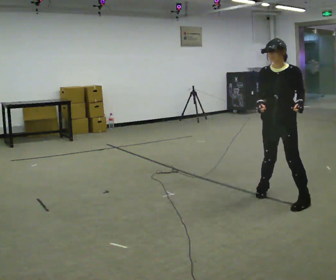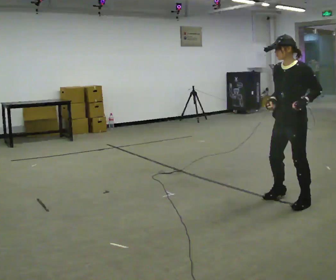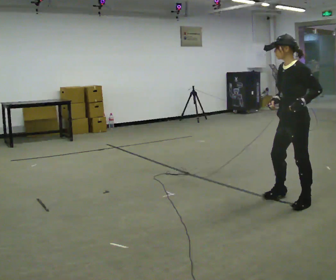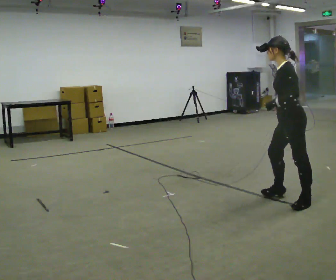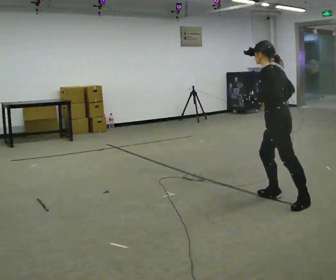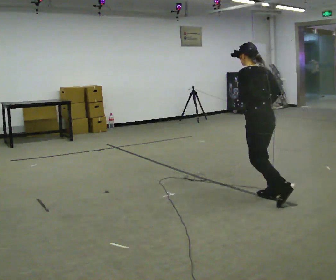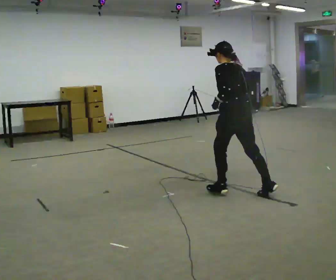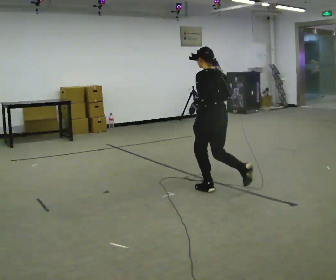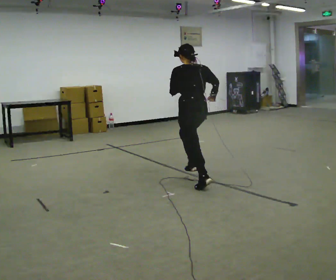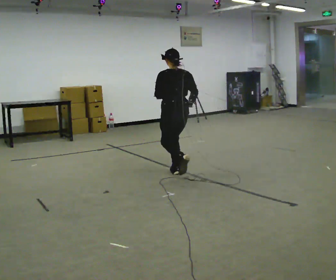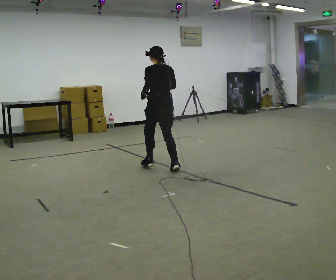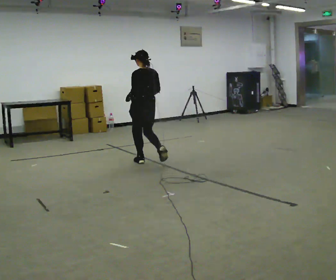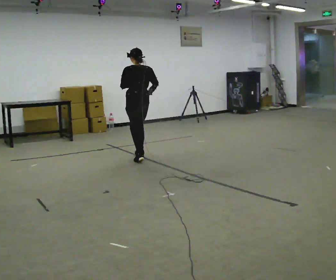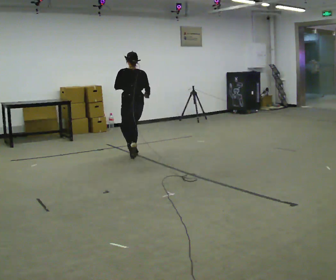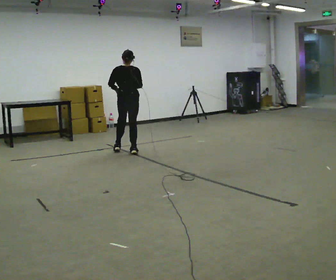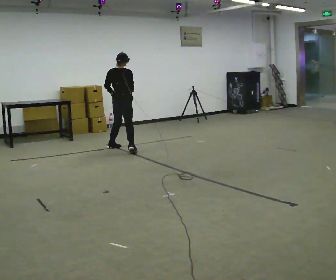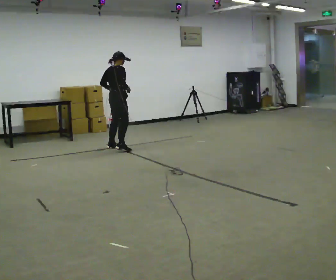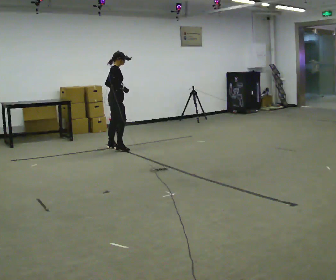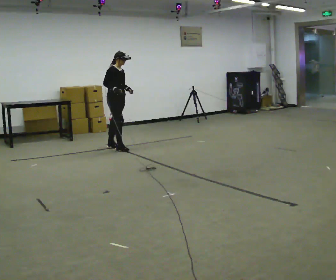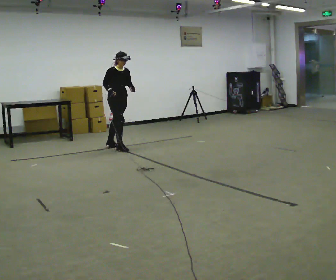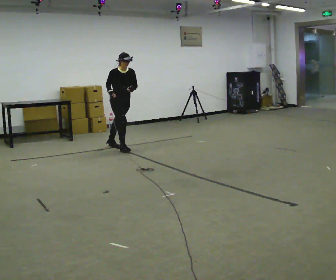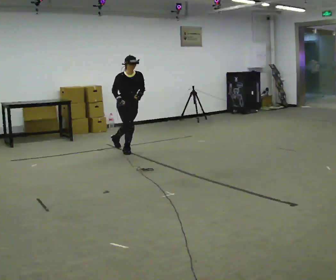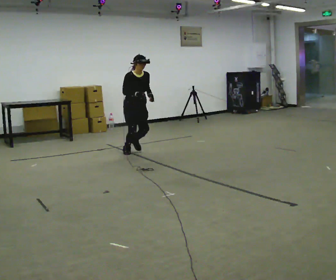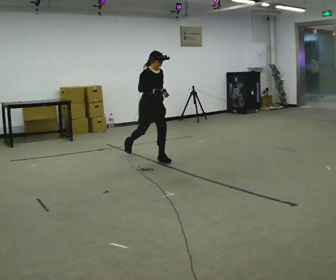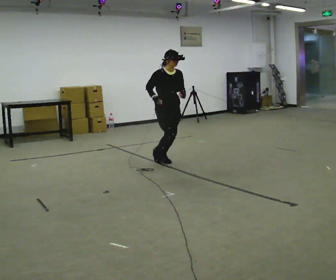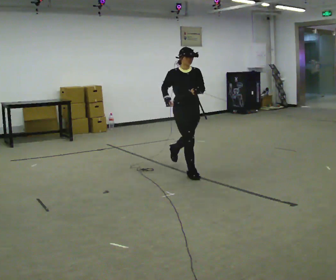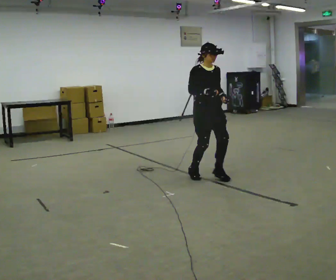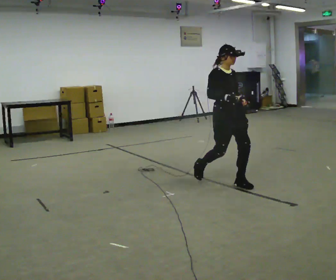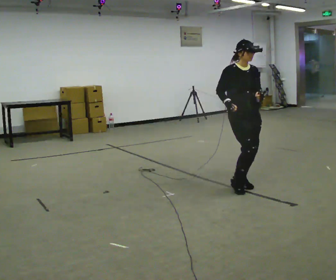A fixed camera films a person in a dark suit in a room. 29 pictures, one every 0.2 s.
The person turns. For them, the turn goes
to their right.
The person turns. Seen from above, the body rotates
clockwise.
0.0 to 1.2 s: Seen from above the body turns clockwise, about 105 degrees: to their right, with its near side sliding to the left. In the picture they go to the left and away from the camera, about 0.5 m in 1 step.
1.2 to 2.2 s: In the picture they go away from the camera and to the left, about 1.5 m in 3 steps, which for them is forward.
2.2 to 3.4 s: Seen from above the body turns clockwise, about 120 degrees: to their right, with its near side sliding to the left. In the picture they go away from the camera and to the left, about 1 m in 3 steps.
3.4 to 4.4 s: Seen from above the body turns clockwise, about 60 degrees: to their right, with its near side sliding to the left. In the picture they go toward the camera and to the right, about 0.75 m in 1 step. The upper body tips toward the camera, its near side rolling downward.
4.4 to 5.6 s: In the picture they go toward the camera and to the right, about 2 m in 3 steps, which for them is forward.
The film runs forward here.
